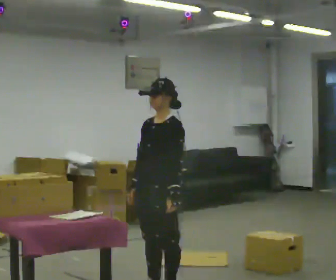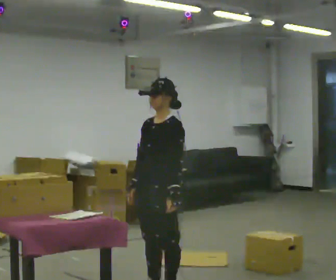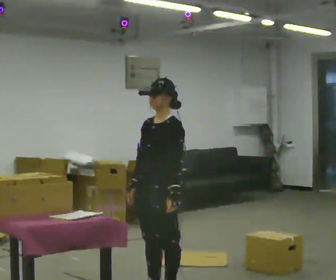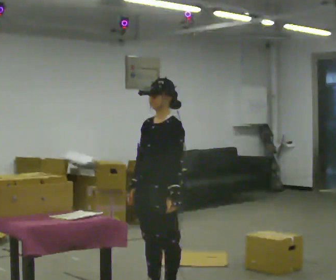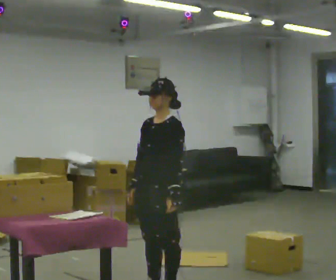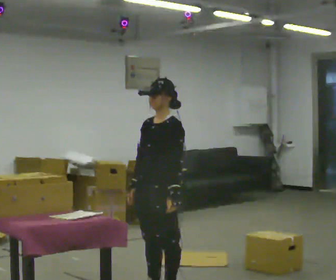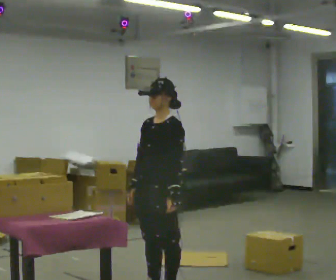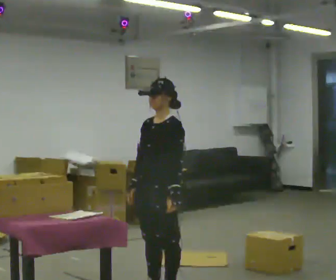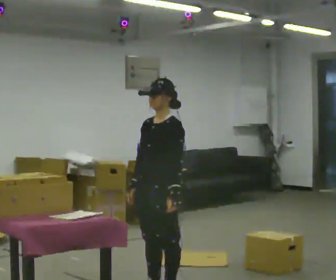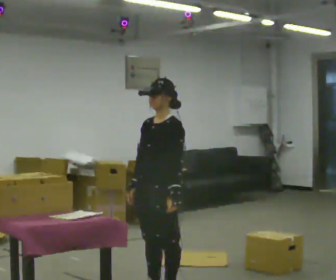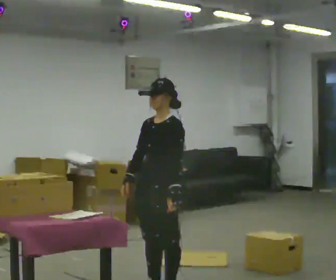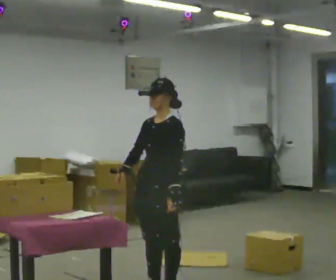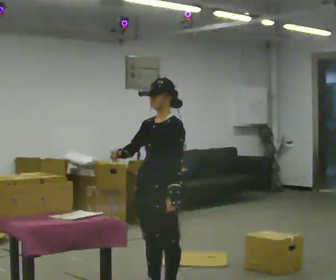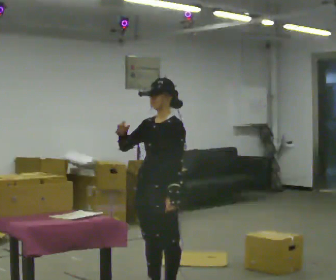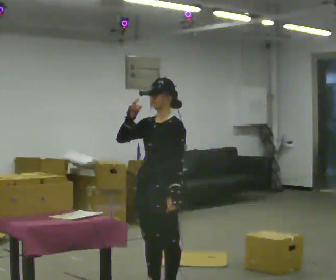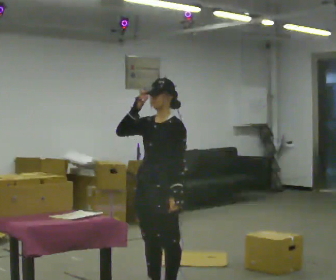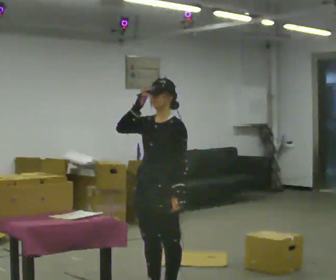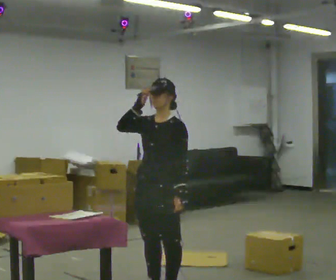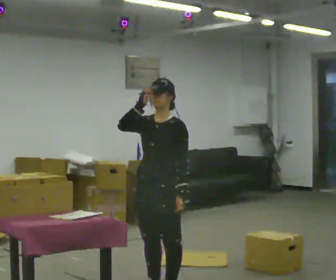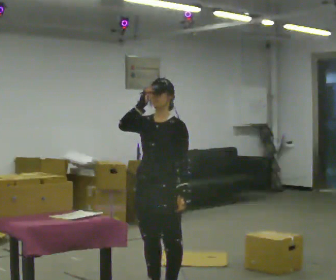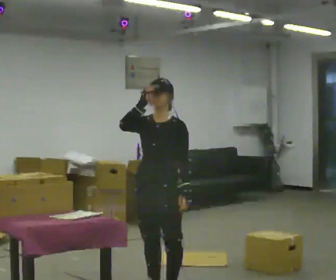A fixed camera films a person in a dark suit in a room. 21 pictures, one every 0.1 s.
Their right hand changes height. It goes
upward.
0.0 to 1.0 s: The person moves a little, or ends about where they began.
1.0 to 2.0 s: In the picture their right hand goes upward.
The film runs forward here.
